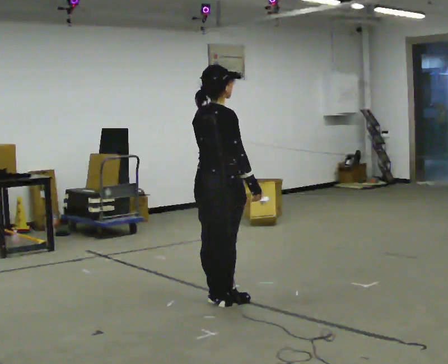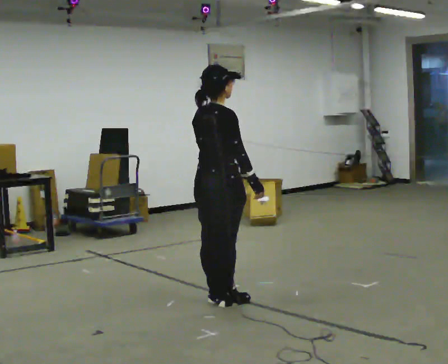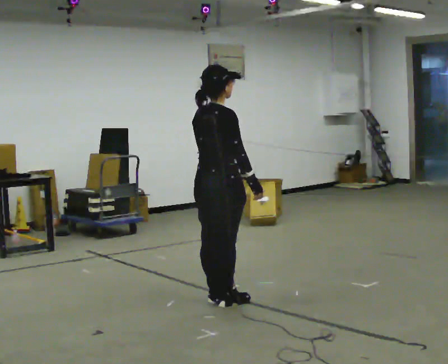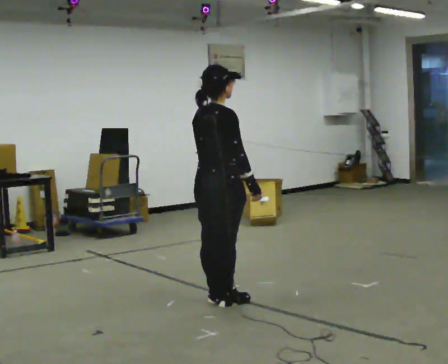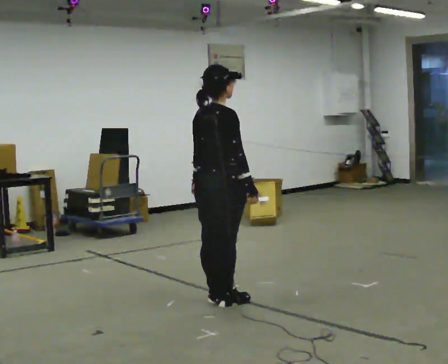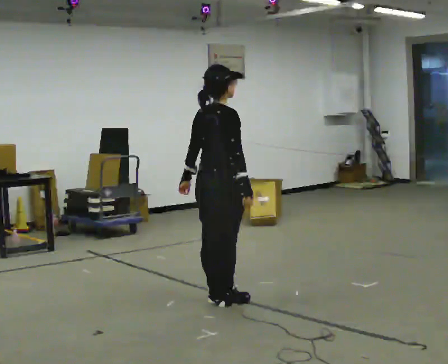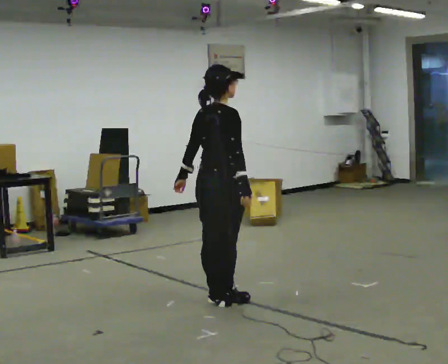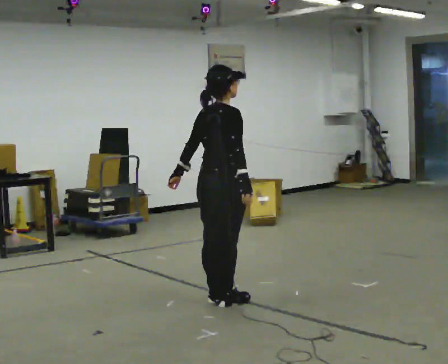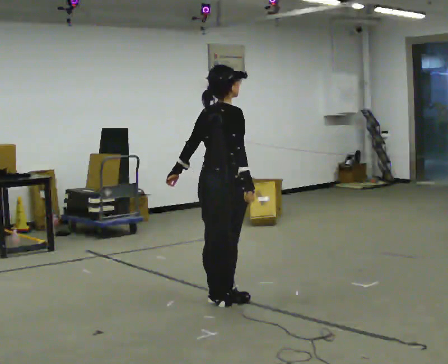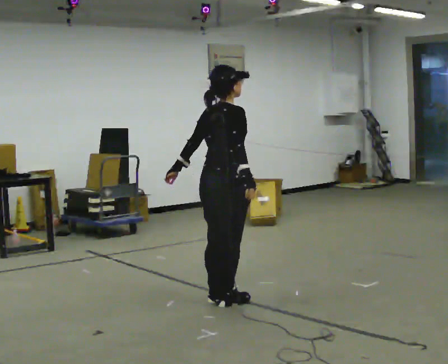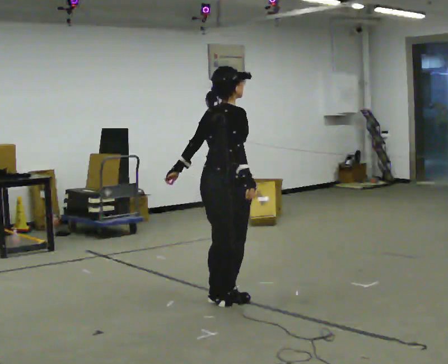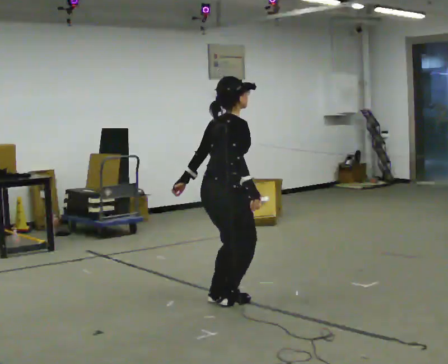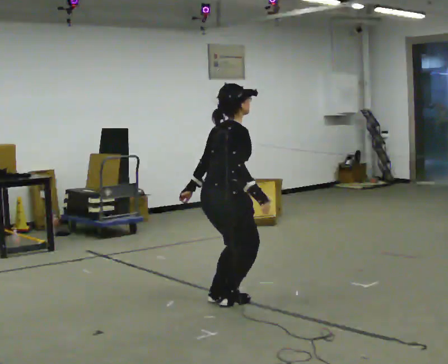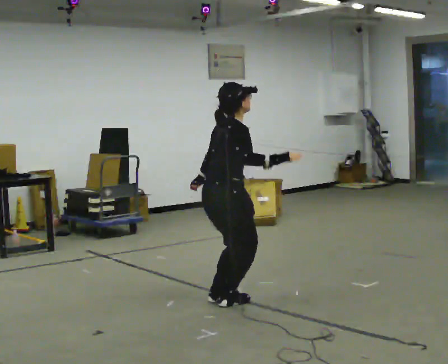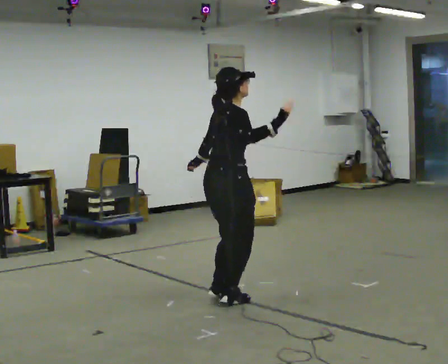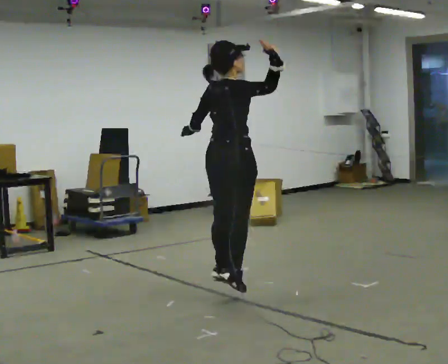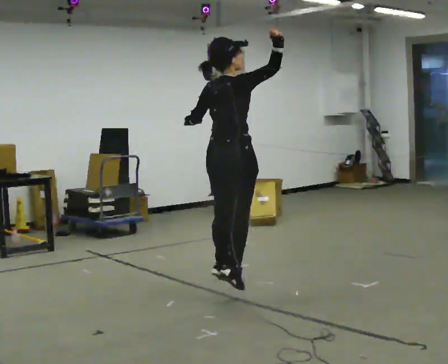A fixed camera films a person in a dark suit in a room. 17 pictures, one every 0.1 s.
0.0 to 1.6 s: In the picture their right hand goes upward.
The film runs forward here.
